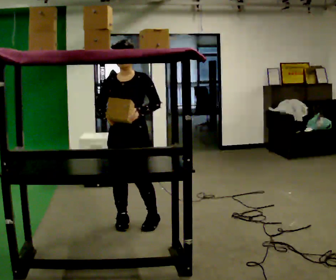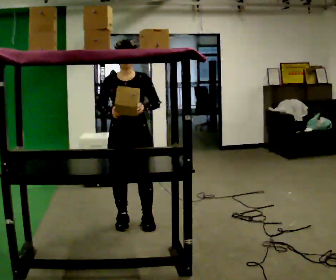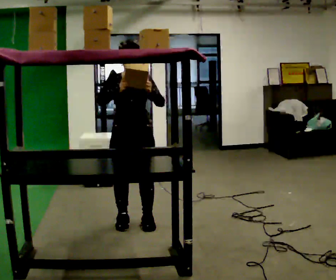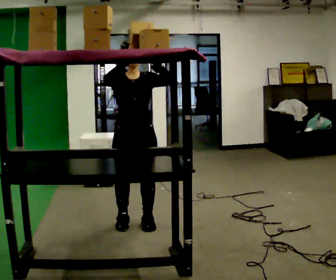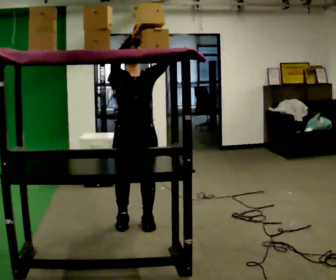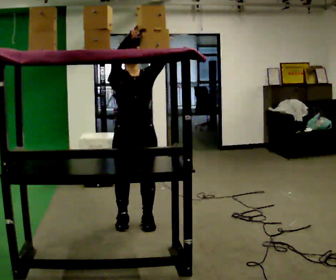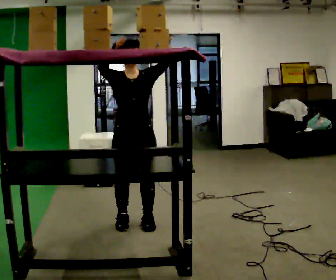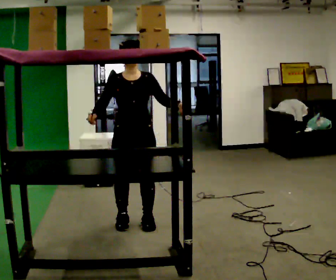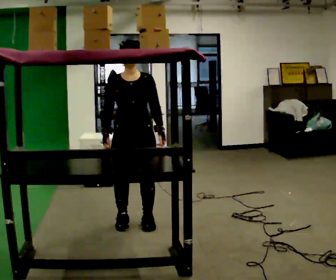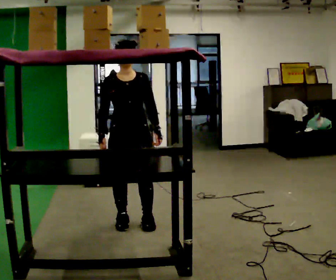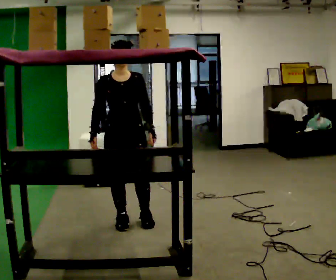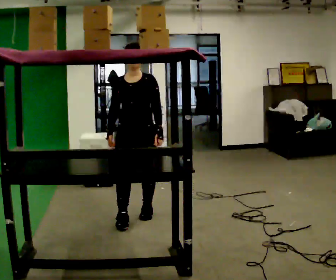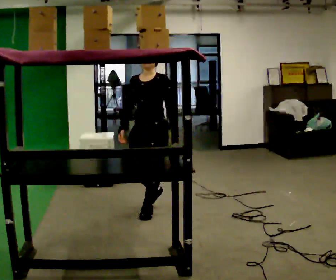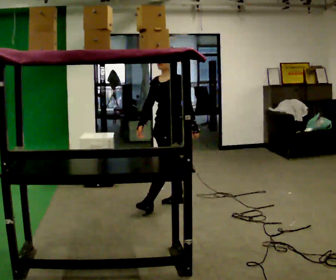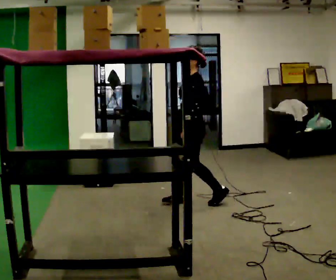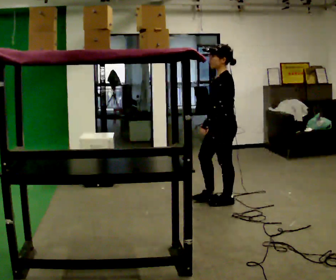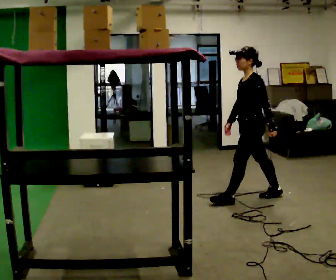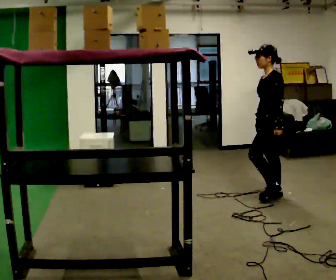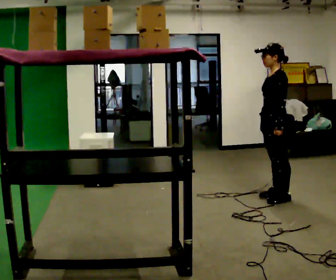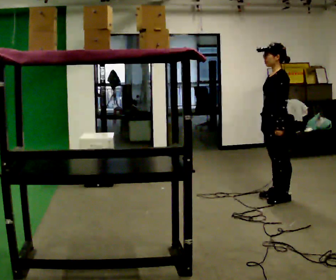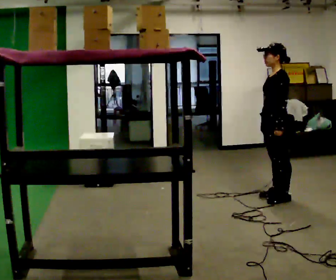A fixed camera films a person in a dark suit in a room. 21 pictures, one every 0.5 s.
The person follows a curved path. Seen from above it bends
clockwise.
The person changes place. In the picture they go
to the right.
0.0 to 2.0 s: In the picture their right hand goes upward.
2.0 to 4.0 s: In the picture their right hand goes downward.
4.0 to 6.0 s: Seen from above the body turns clockwise, about 45 degrees: to their right, with its near side sliding to the left. In the picture they go away from the camera and to the right, about 0.5 m in 2 steps, which for them is backward and to their left.
6.0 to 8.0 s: Seen from above the body turns clockwise, about 60 degrees: to their right, with its near side sliding to the left. In the picture they go to the right, about 1 m in 2 steps, which for them is backward.
8.0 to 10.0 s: In the picture they go to the right, about 0.25 m in 1 step, which for them is backward.
The film runs backward here.
